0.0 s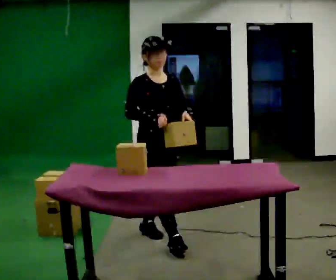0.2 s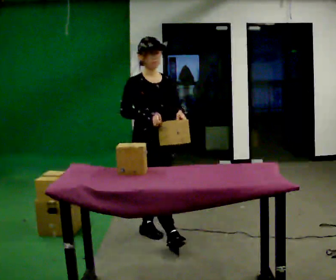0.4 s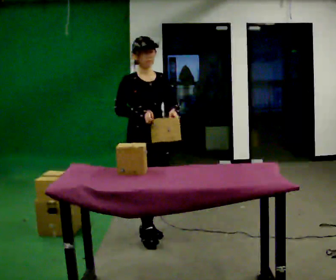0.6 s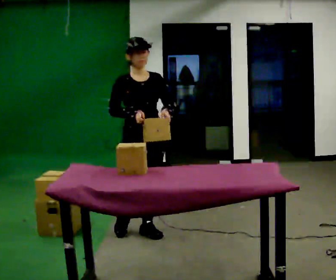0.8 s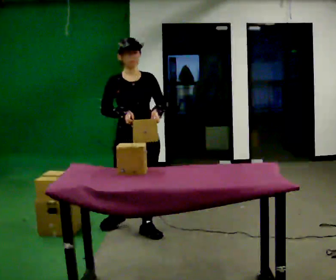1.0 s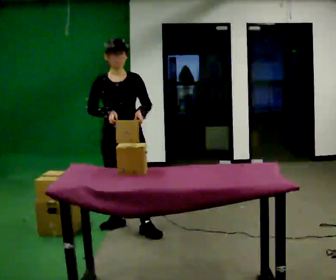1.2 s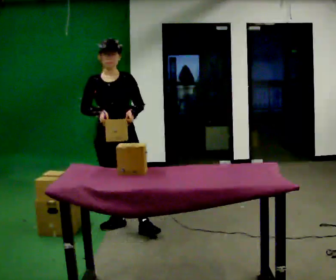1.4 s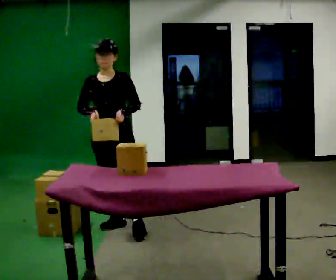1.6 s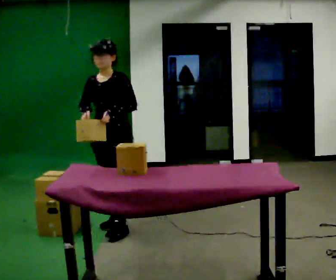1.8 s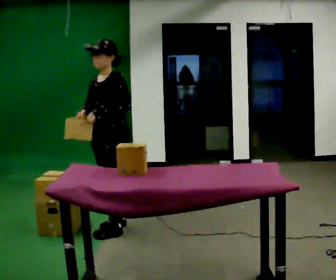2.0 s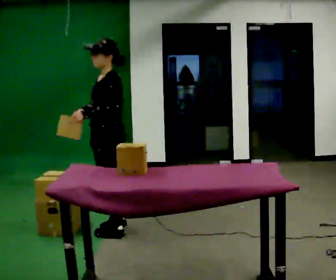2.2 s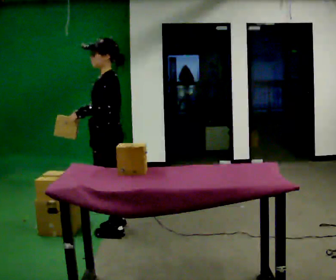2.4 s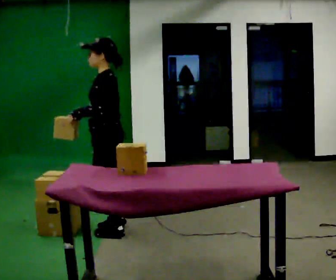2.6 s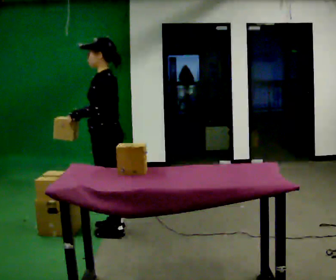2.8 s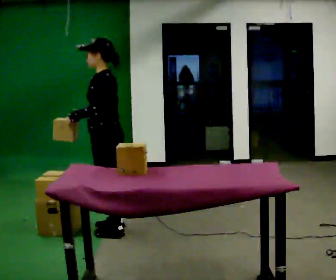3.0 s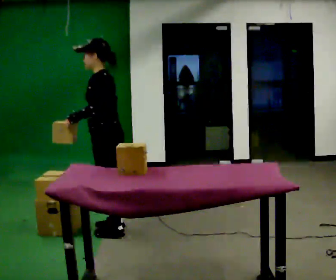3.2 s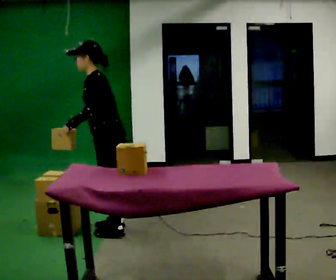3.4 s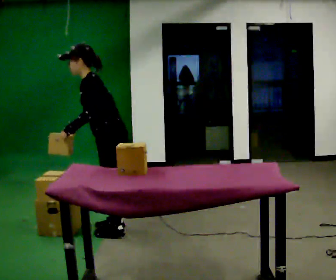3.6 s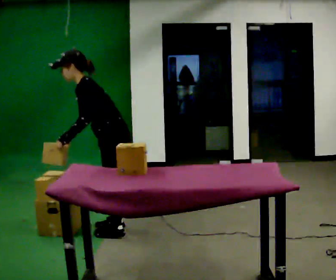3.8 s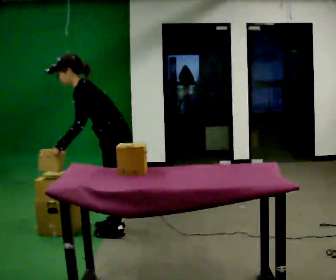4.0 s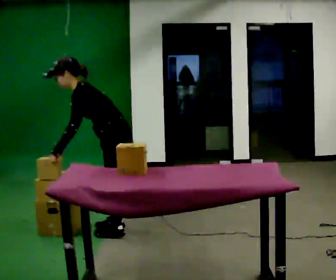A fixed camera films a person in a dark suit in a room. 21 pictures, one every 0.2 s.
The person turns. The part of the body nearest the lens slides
to the left.
The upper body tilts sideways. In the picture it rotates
counterclockwise.
0.0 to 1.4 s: The person turns about 45 degrees to their right, clockwise seen from above, so the part of the body nearest the lens slides to the left. In the picture they go away from the camera and to the left, about 0.5 m in 2 steps, which for them is backward.
1.4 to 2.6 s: The person turns about 75 degrees to their right, clockwise seen from above, so the part of the body nearest the lens slides to the left. In the picture their left hand goes to the left.
2.6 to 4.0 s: In the picture the upper body tilts counterclockwise, shoulders to the left, as they bend forward.
The film runs backward here.
